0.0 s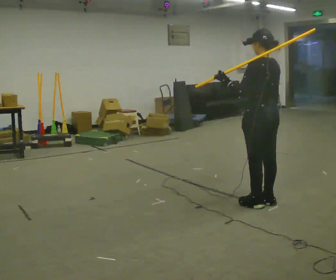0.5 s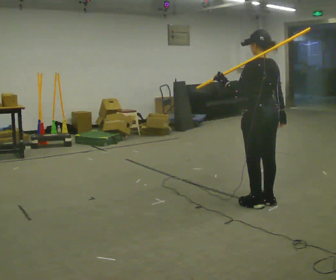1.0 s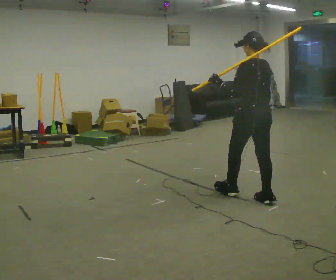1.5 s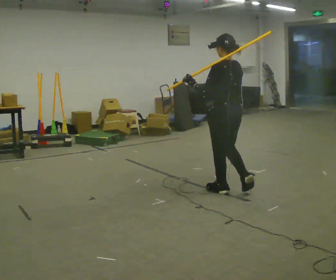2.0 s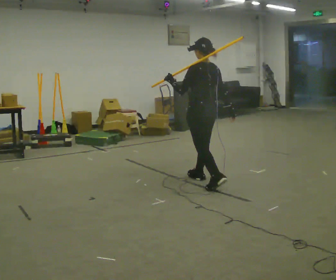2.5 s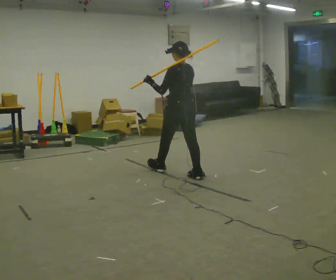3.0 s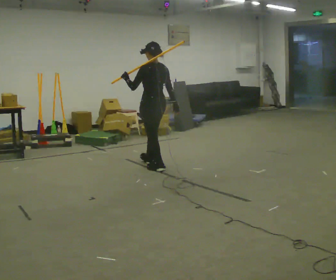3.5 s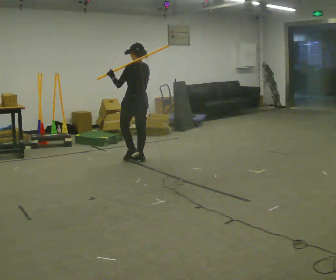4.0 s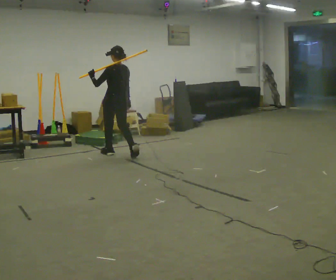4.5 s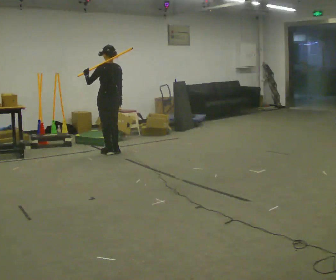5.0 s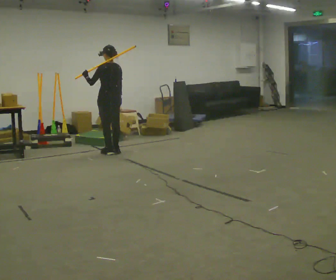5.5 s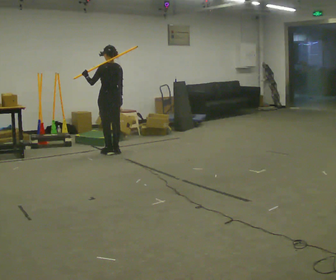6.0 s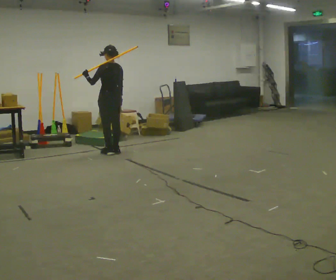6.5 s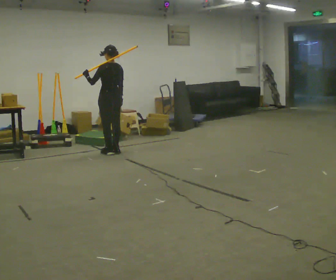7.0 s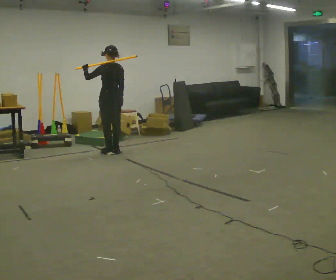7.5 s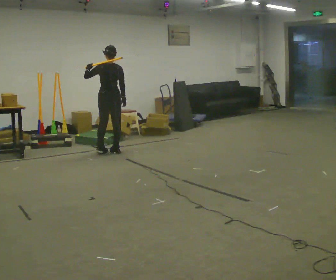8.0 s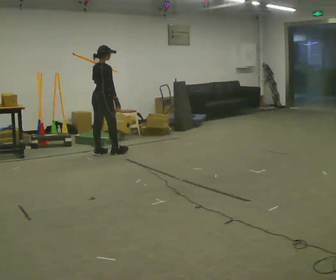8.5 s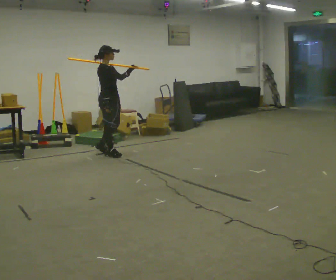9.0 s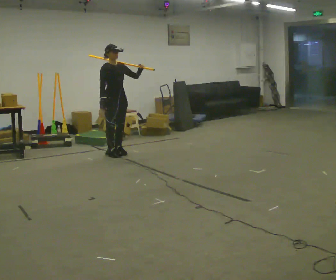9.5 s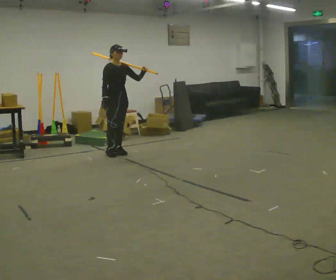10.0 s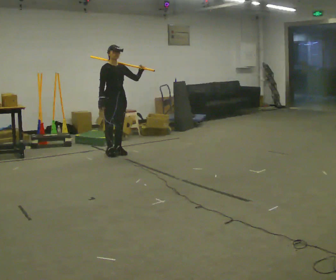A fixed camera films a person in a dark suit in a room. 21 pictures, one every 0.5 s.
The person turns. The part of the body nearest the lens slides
to the left.
The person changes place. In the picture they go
away from the camera.
0.0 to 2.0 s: In the picture they go away from the camera and to the left, about 1 m in 2 steps, which for them is forward.
2.0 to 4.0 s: In the picture they go away from the camera and to the left, about 1.5 m in 3 steps, which for them is forward.
4.0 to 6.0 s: In the picture they go away from the camera, about 0.25 m in 1 step, which for them is forward.
6.0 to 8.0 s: The part of the body nearest the lens slides to the left as the person turns to their right by about 90 degrees.
8.0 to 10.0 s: Seen from above the body turns clockwise, about 105 degrees: to their right, with its near side sliding to the left. In the picture they go to the right, about 0.25 m in 2 steps. In the picture their left hand goes to the right.
The film runs forward here.
